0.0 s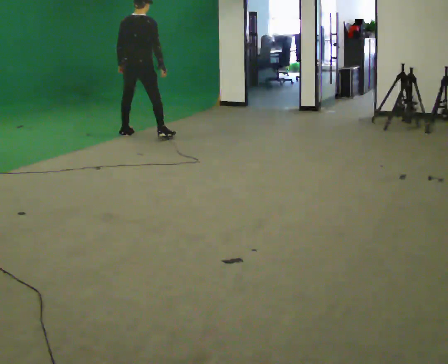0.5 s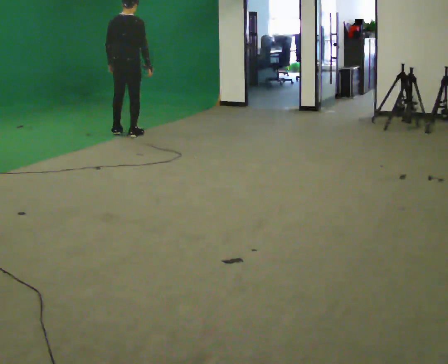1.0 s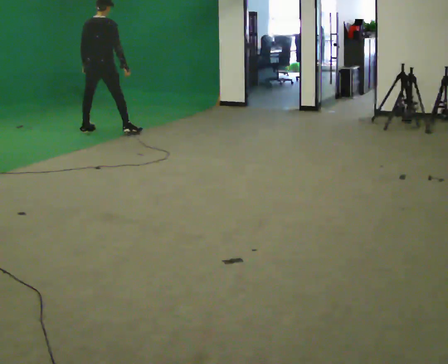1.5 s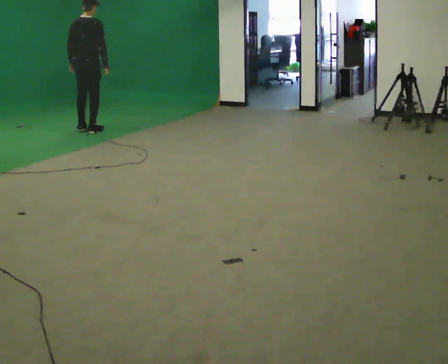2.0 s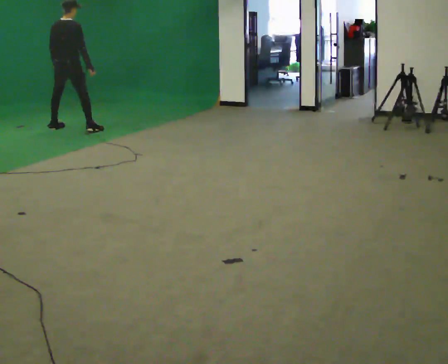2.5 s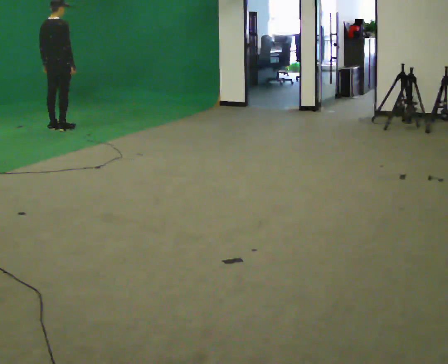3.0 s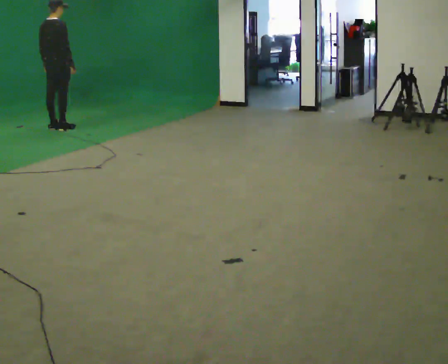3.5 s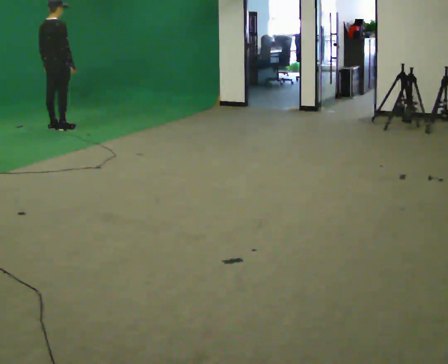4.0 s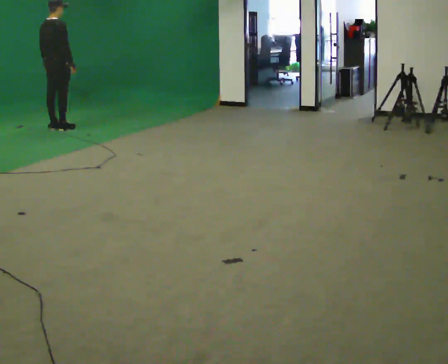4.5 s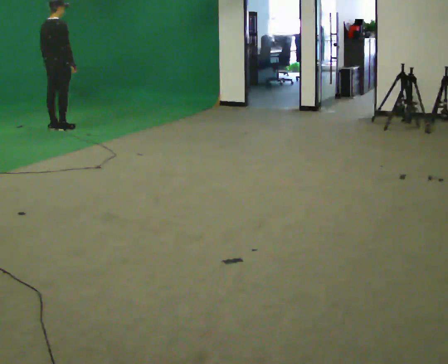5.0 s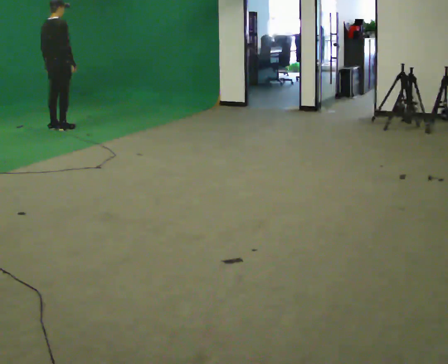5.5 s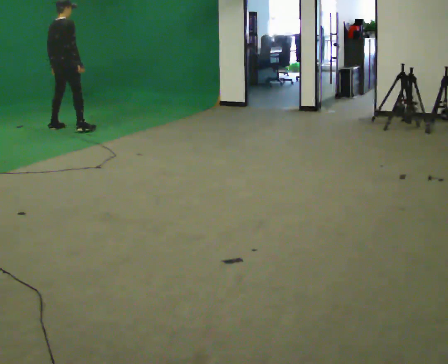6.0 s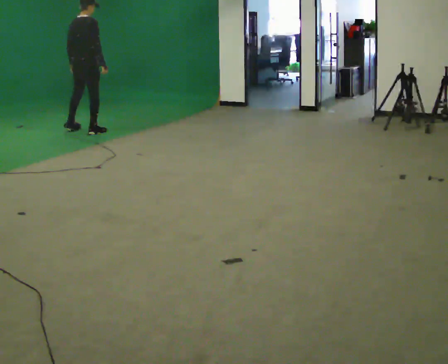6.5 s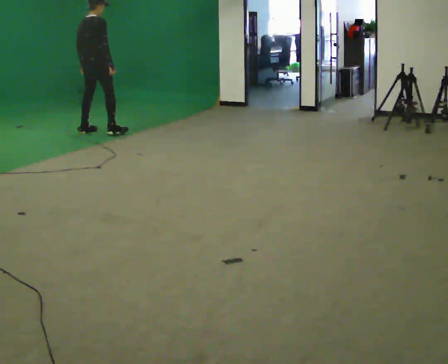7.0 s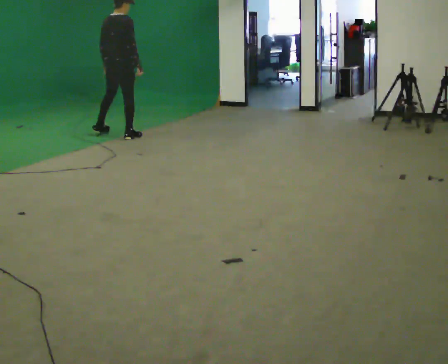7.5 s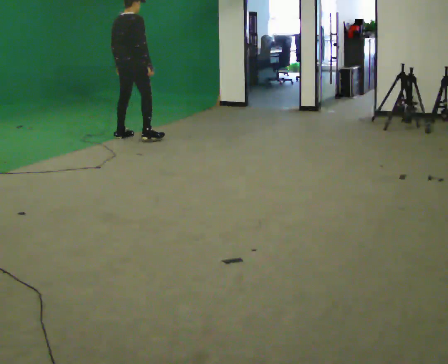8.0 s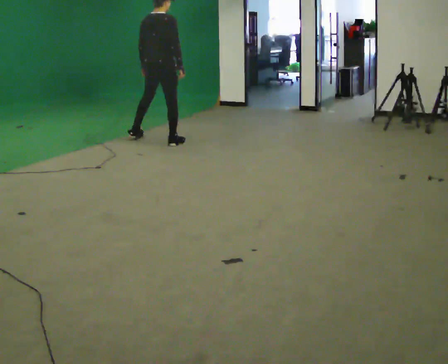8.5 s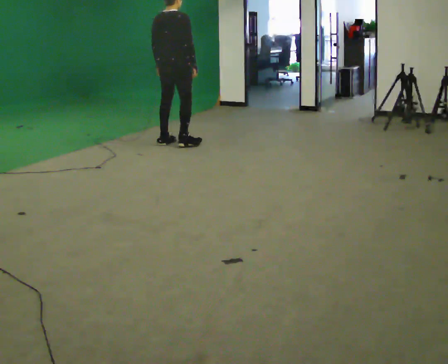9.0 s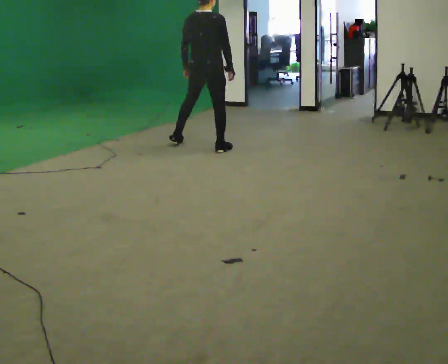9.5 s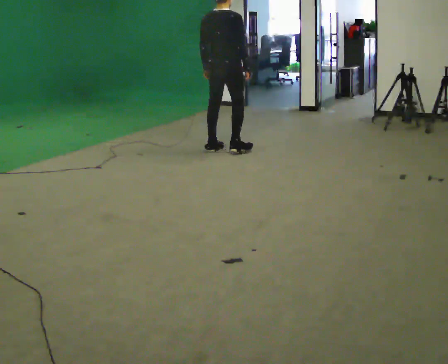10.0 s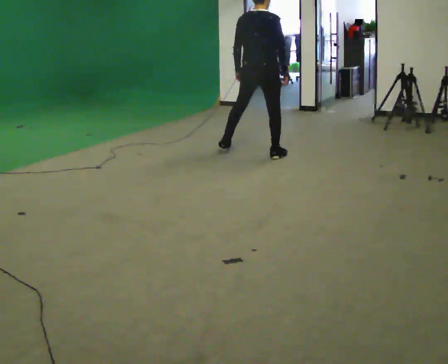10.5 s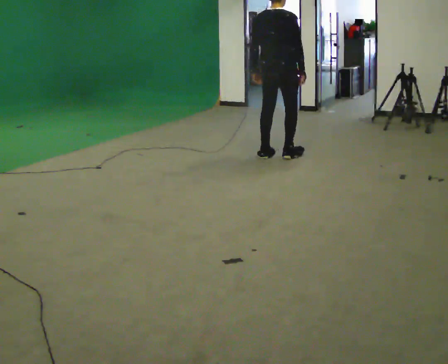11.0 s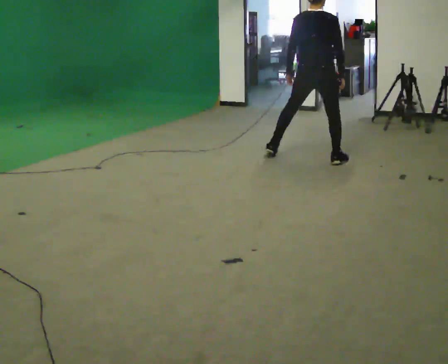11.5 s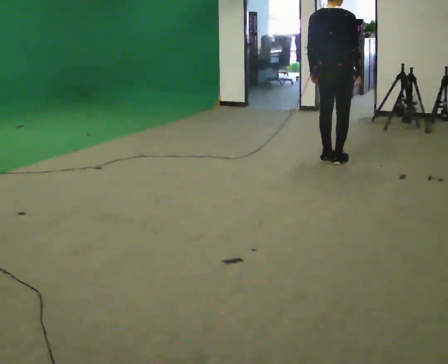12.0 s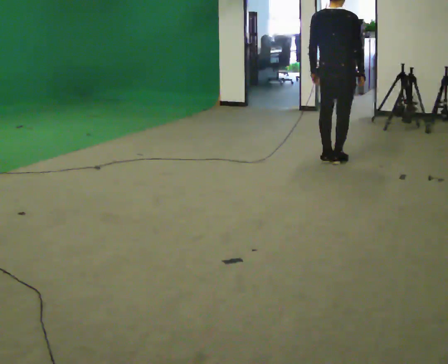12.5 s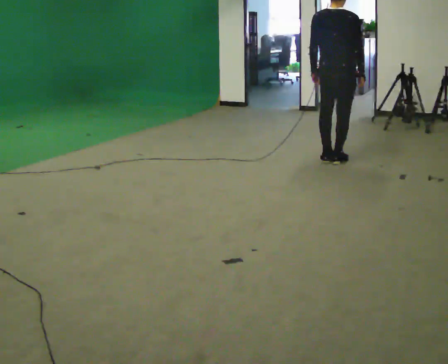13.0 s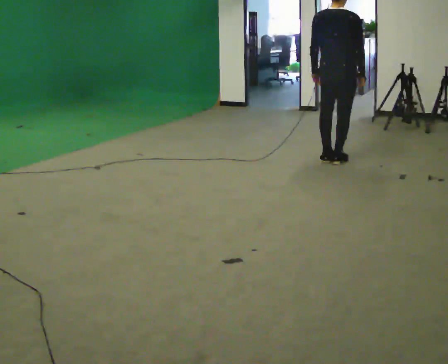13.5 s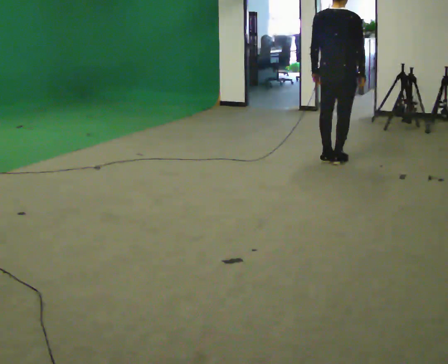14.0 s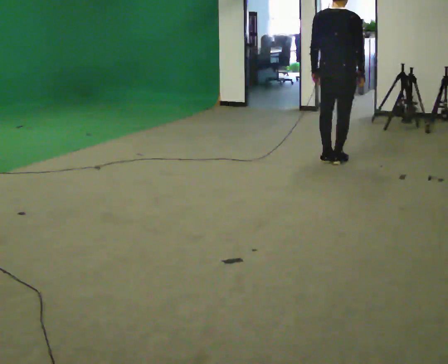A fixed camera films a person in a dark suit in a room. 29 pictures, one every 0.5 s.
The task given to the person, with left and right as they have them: Move laterally left/right for ~3 m; natural controlled steps; stop.
0.0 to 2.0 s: In the picture they go to the left and away from the camera, about 1 m in 4 steps, which for them is to their left.
2.0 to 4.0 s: The person moves a little, or ends about where they began.
4.0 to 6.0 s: In the picture they go to the right and toward the camera, about 0.5 m in 1 step, which for them is to their right.
6.0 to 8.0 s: In the picture they go to the right and toward the camera, about 1 m in 4 steps, which for them is to their right.
8.0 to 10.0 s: In the picture they go to the right and toward the camera, about 1 m in 4 steps, which for them is to their right.
10.0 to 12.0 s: In the picture they go to the right and toward the camera, about 1 m in 3 steps, which for them is to their right.
12.0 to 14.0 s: The person keeps their place and pose.
The film runs forward here.
